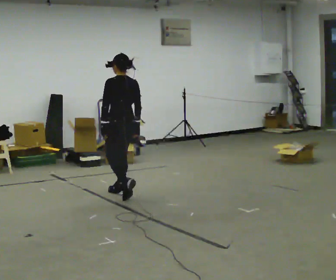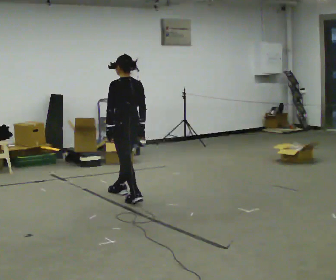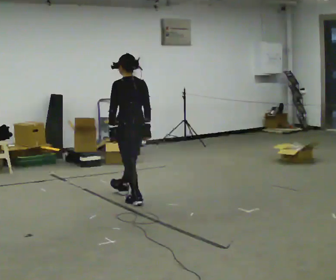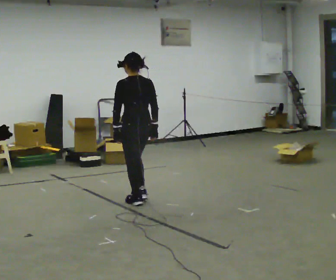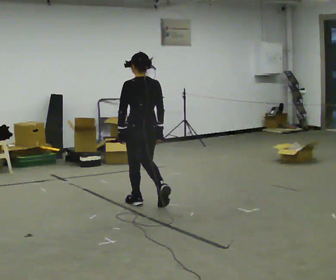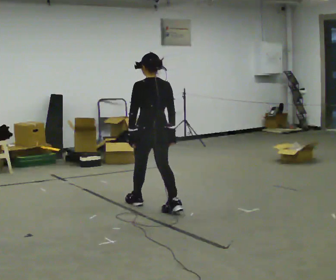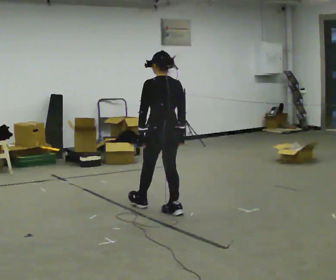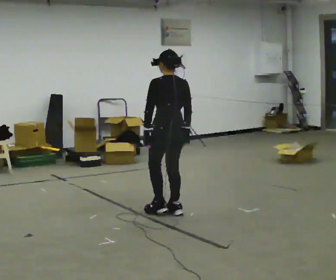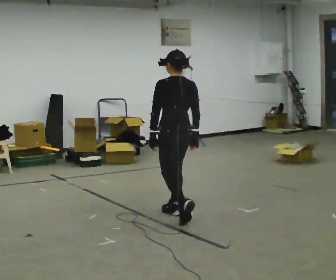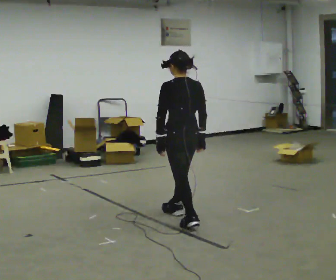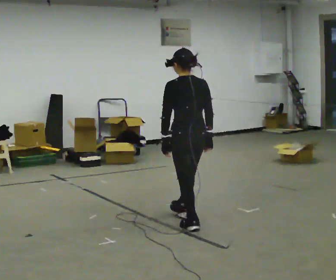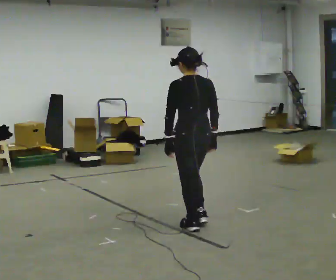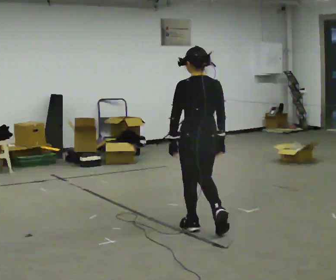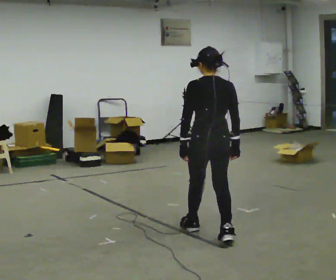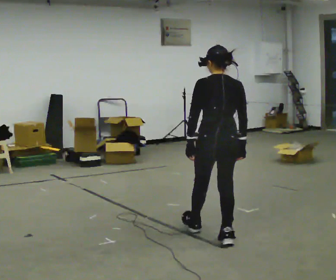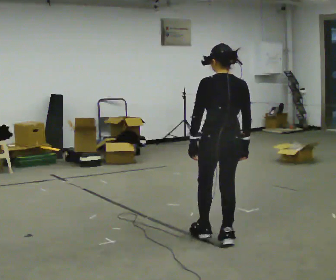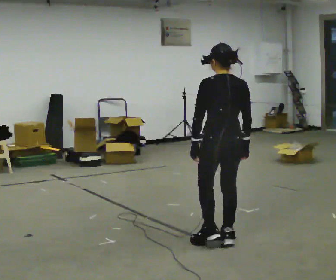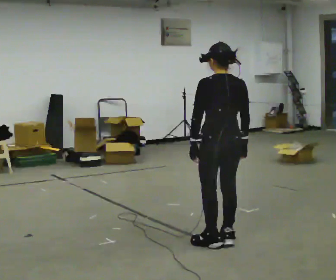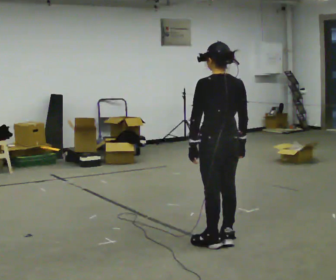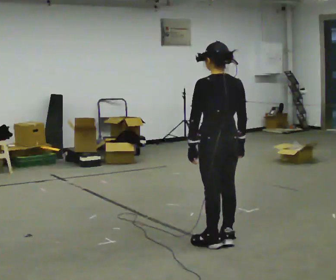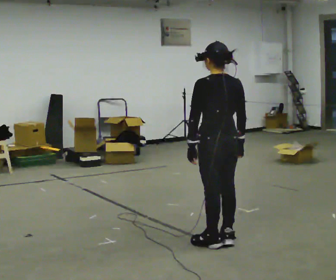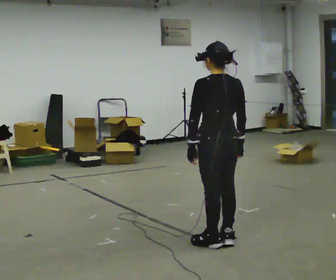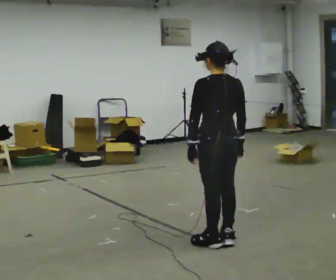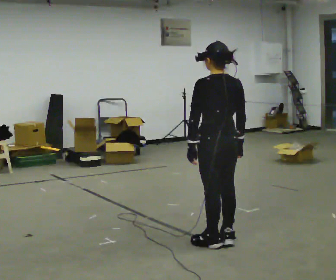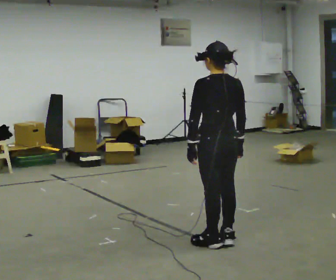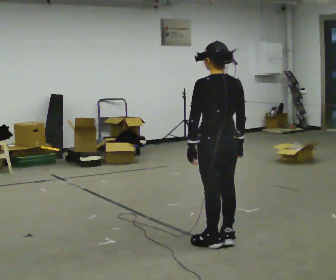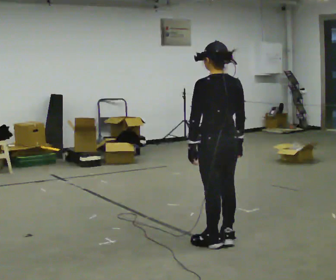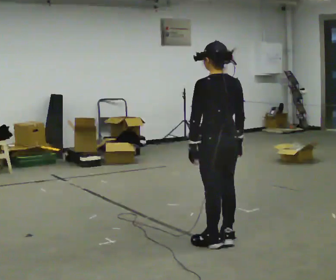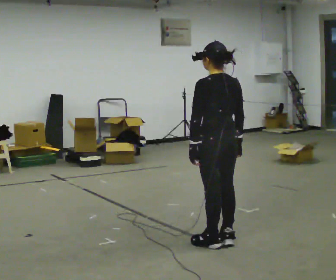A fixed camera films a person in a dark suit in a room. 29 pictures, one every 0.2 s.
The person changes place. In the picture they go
toward the camera.
0.0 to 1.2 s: In the picture they go toward the camera and to the right, about 1 m in 2 steps, which for them is backward.
1.2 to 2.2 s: In the picture they go toward the camera and to the right, about 0.5 m in 1 step, which for them is backward.
2.2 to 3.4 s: In the picture they go toward the camera and to the right, about 0.5 m in 1 step, which for them is backward.
3.4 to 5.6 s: The person moves a little, or ends about where they began.
The film runs backward here.
